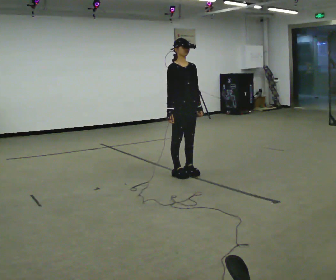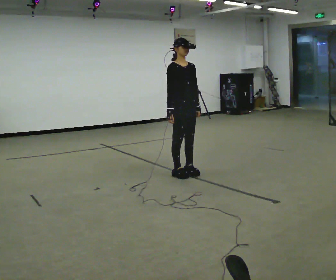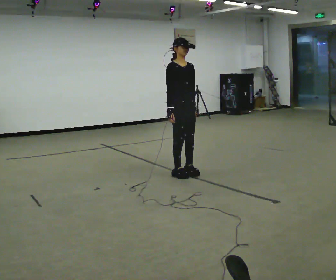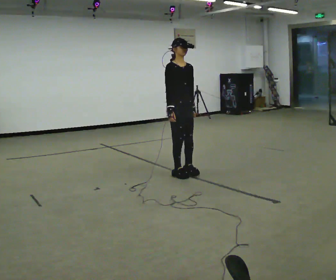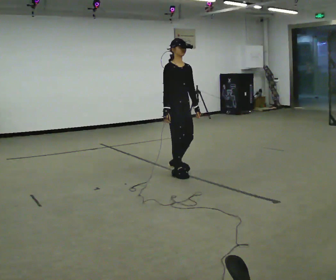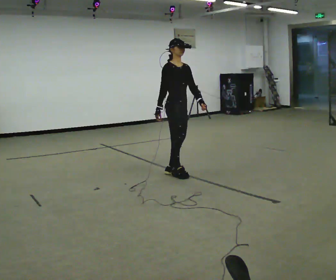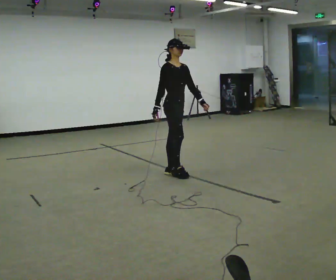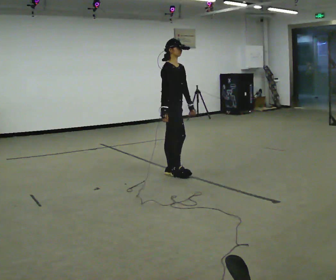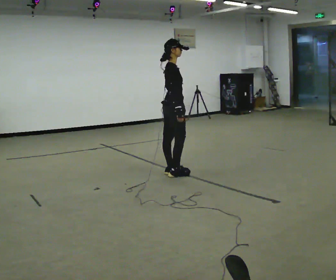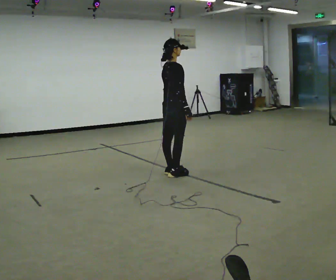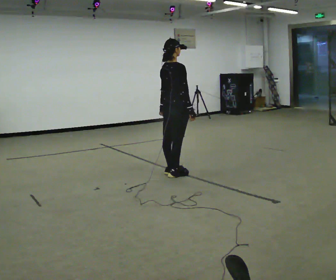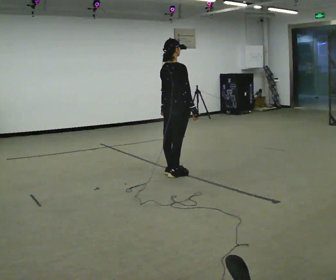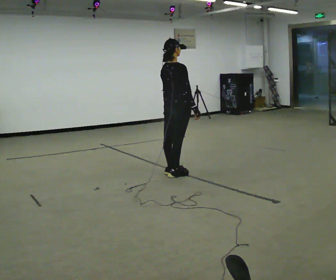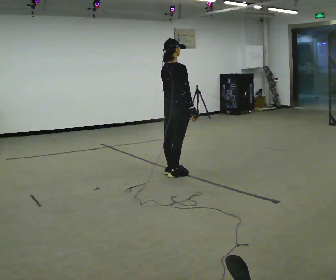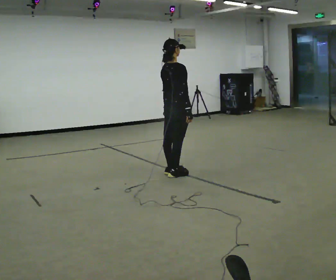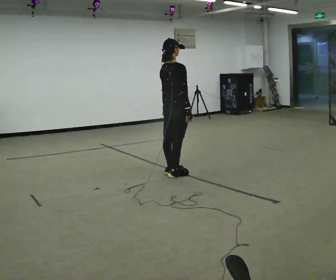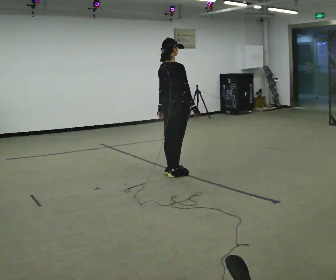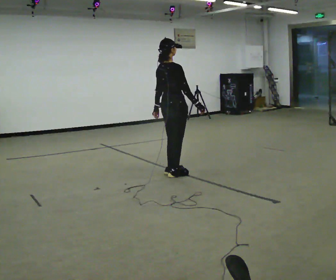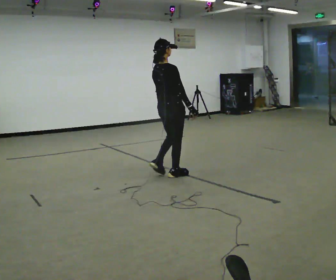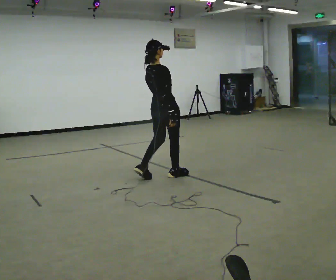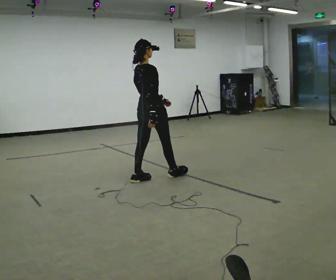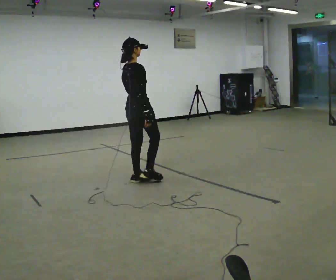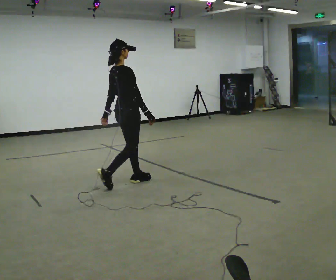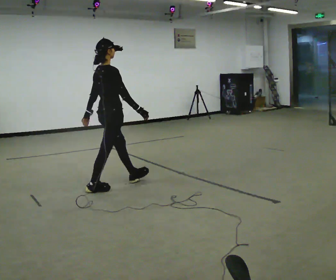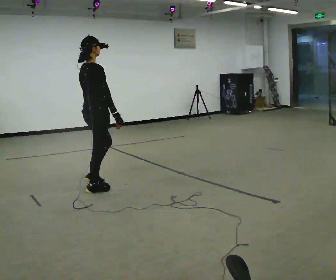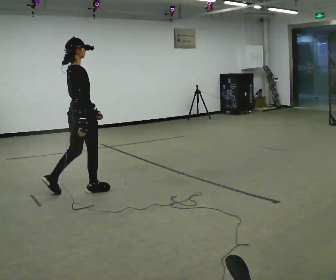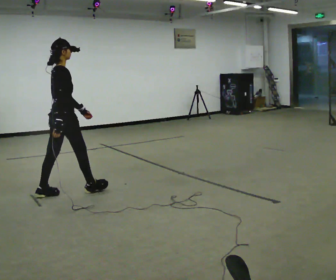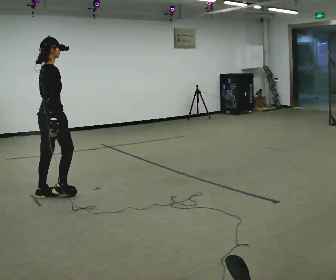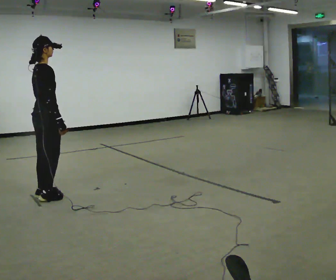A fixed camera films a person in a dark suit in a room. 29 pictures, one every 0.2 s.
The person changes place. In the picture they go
to the left.
0.0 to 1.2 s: The person moves a little, or ends about where they began.
1.2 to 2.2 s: The person turns about 75 degrees to their left, counterclockwise seen from above, so the part of the body nearest the lens slides to the right. In the picture their left hand goes to the left, the arm swinging clockwise.
2.2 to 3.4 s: The person moves a little, or ends about where they began.
3.4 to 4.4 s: In the picture they go to the left and toward the camera, about 0.5 m in 2 steps, which for them is backward.
4.4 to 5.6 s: In the picture they go to the left and toward the camera, about 1 m in 2 steps, which for them is backward.
The film runs backward here.
